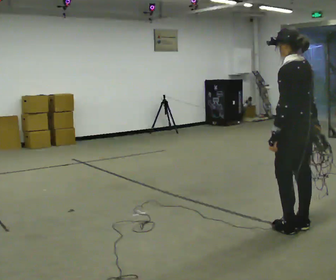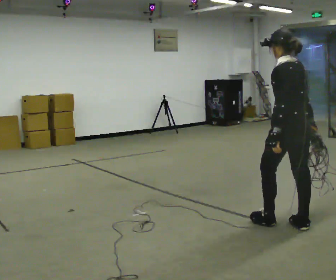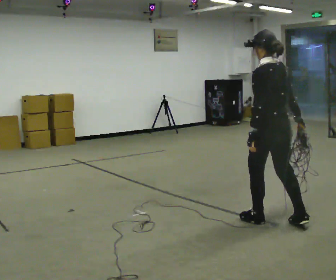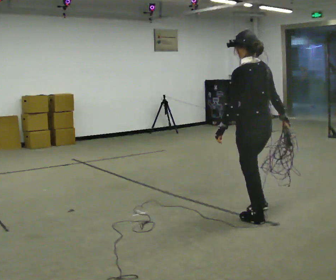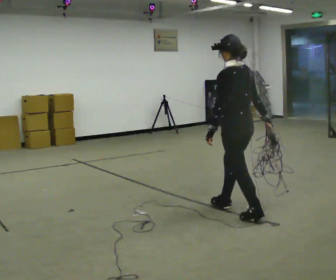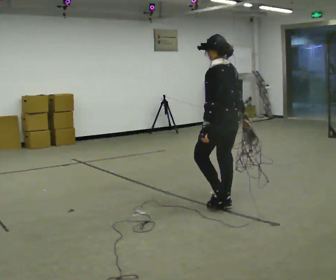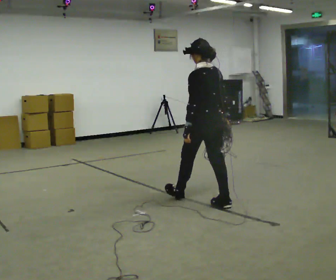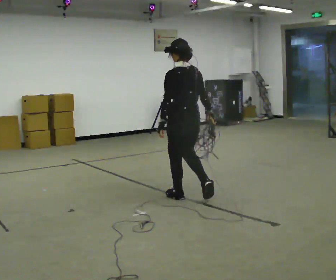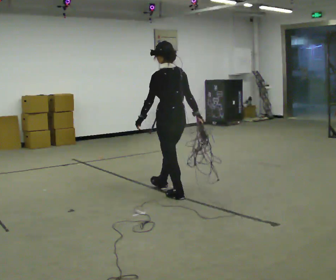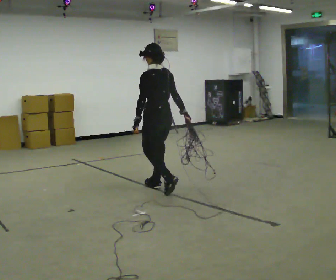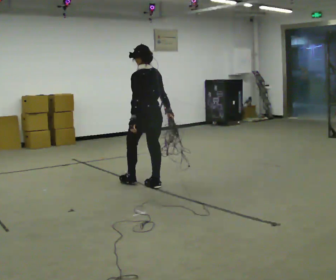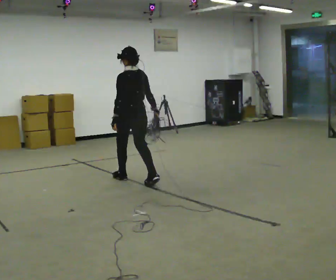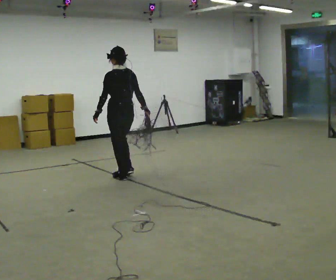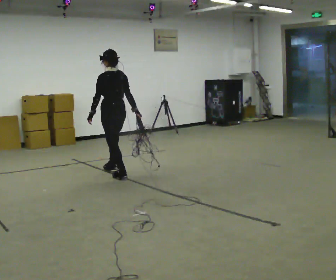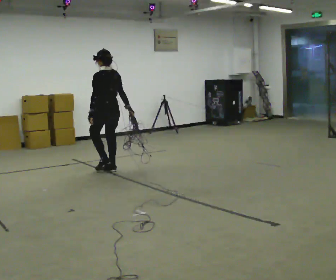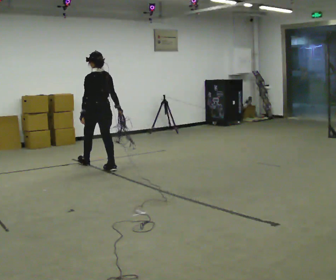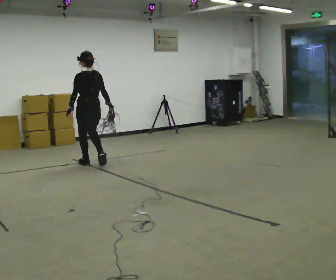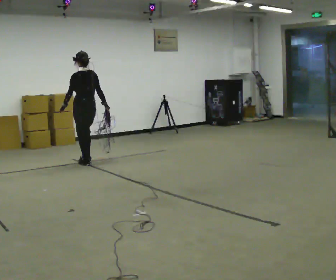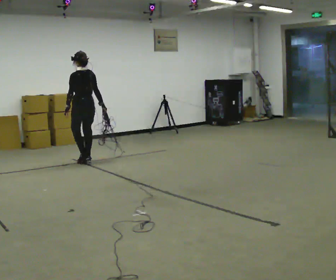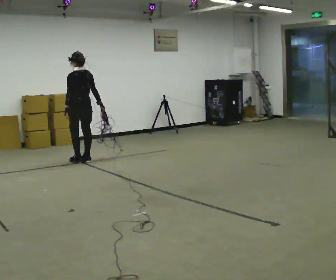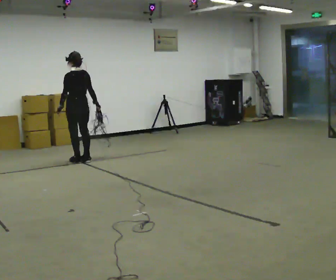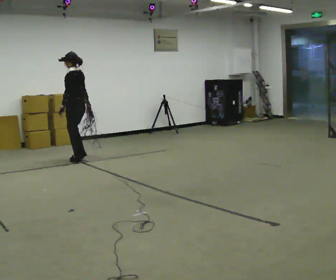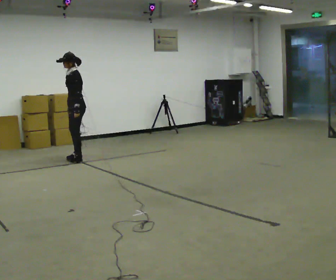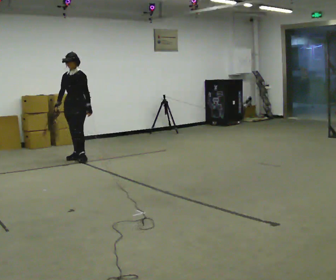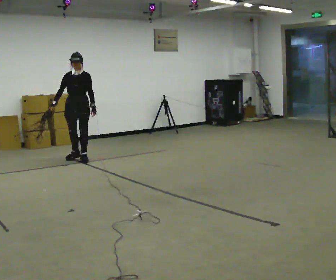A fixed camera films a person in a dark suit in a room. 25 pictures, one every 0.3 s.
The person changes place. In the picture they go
away from the camera.
0.0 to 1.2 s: In the picture they go away from the camera and to the left, about 0.5 m in 2 steps, which for them is forward.
1.2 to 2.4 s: In the picture they go away from the camera and to the left, about 1 m in 1 step, which for them is forward.
2.4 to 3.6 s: In the picture they go away from the camera and to the left, about 1 m in 2 steps, which for them is forward.
3.6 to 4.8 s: In the picture they go away from the camera and to the left, about 1 m in 2 steps, which for them is forward.
4.8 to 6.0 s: In the picture they go away from the camera and to the left, about 0.25 m in 2 steps, which for them is forward.
6.0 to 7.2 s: The part of the body nearest the lens slides to the right as the person turns to their left by about 150 degrees. In the picture their right hand goes to the left, the arm swinging clockwise.
The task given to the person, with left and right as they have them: Pick up the coiled hose, carry it across the room, and set it down. It will move around as you walk. Keep going until the operator says stop; one object at a time, and do not rush between trips.
The film runs forward here.
